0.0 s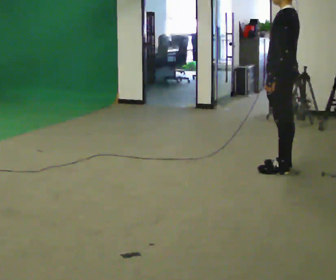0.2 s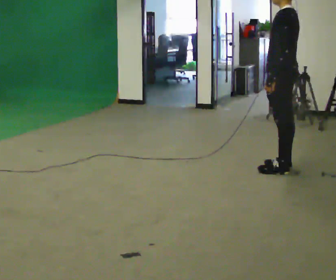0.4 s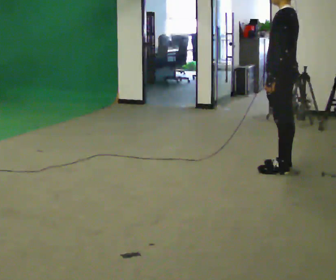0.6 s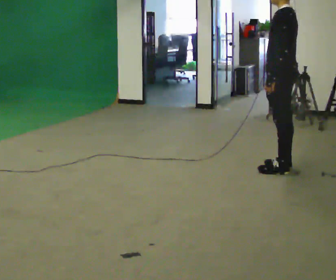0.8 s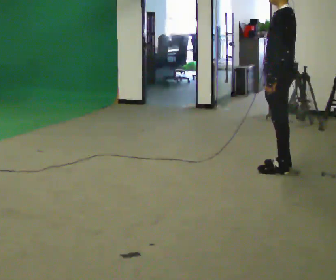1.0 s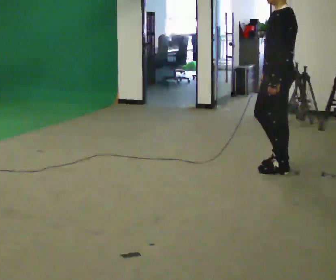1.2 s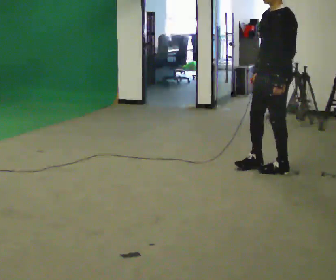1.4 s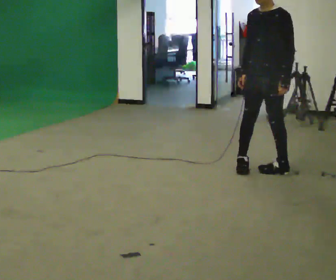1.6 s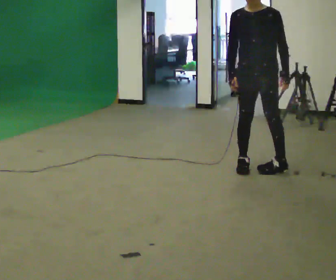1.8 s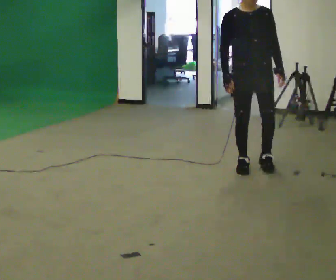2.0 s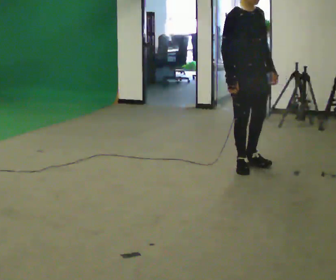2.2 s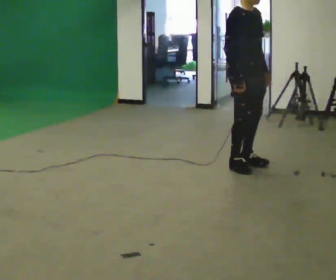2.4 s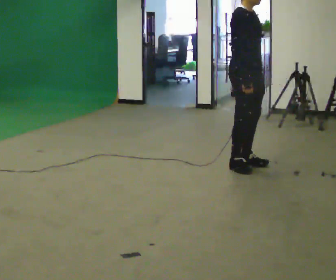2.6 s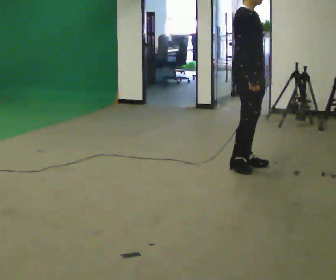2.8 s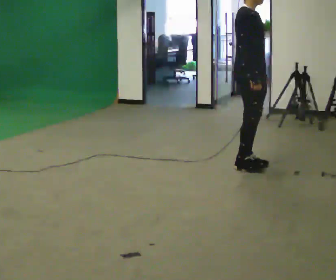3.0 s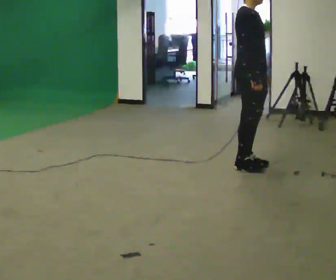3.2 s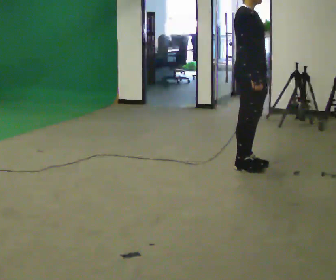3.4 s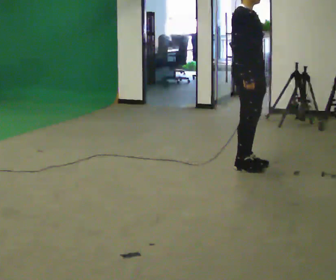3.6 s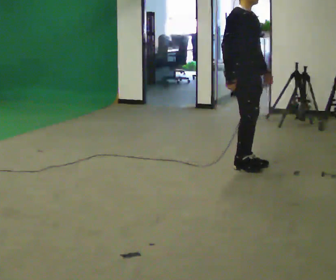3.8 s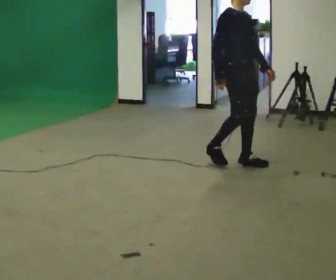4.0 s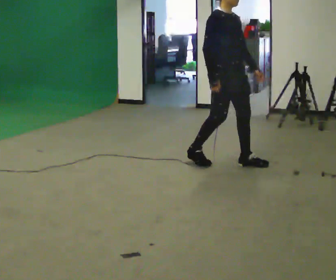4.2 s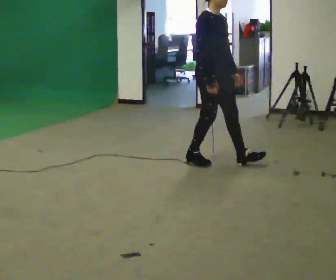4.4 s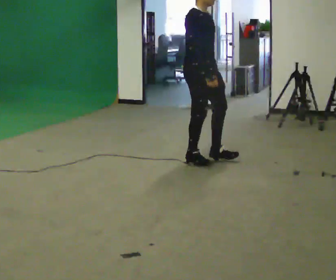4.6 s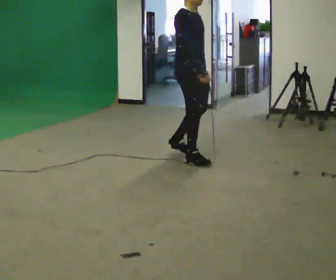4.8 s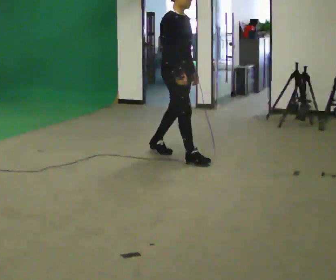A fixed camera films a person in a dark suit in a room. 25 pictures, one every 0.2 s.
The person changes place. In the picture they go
to the left.
The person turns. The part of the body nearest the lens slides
to the right.
0.0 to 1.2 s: The person turns about 45 degrees to their left, counterclockwise seen from above, so the part of the body nearest the lens slides to the right.
1.2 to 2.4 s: The person turns about 135 degrees to their left, counterclockwise seen from above, so the part of the body nearest the lens slides to the right. In the picture they go to the left, about 0.25 m in 2 steps.
2.4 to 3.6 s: The person moves a little, or ends about where they began.
3.6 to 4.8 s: In the picture they go to the left, about 0.5 m in 2 steps, which for them is backward.
The film runs forward here.
